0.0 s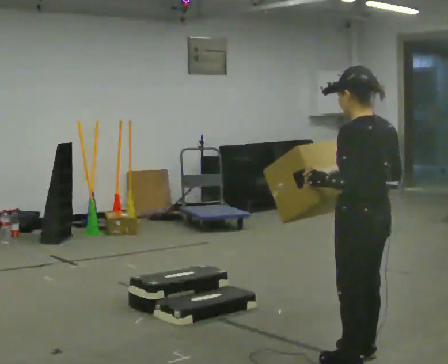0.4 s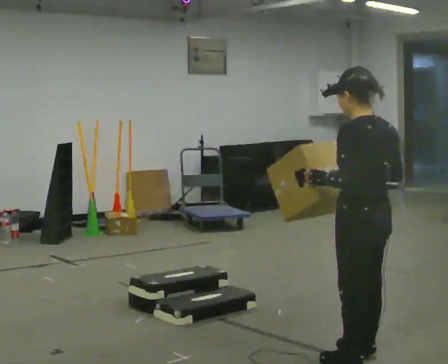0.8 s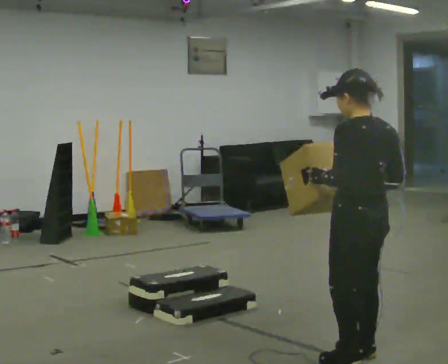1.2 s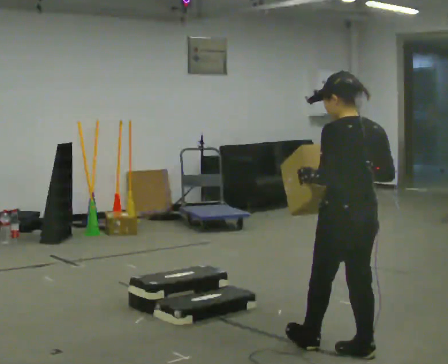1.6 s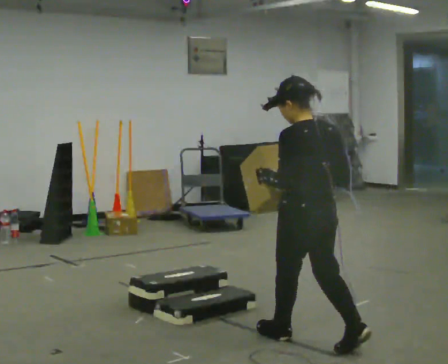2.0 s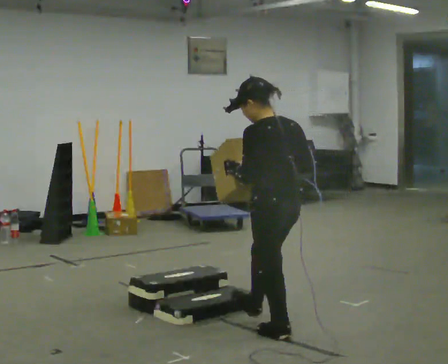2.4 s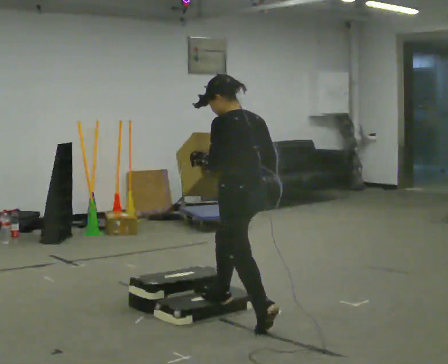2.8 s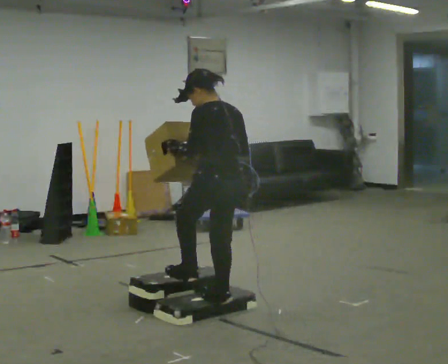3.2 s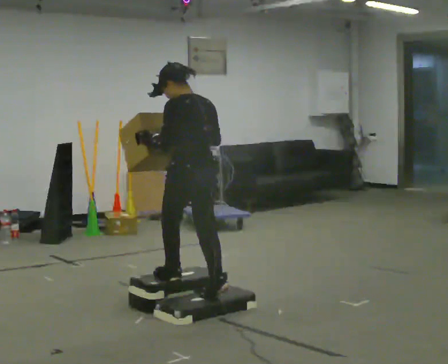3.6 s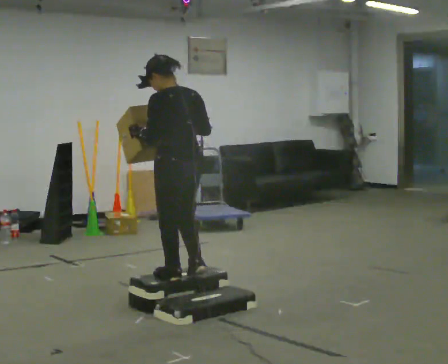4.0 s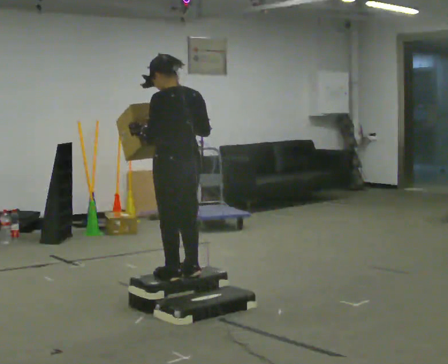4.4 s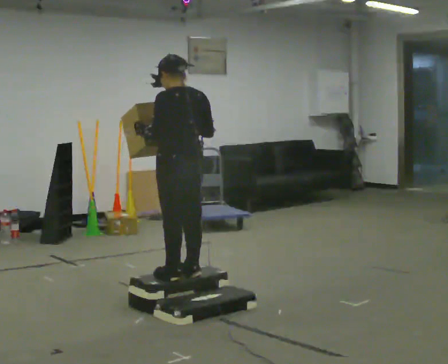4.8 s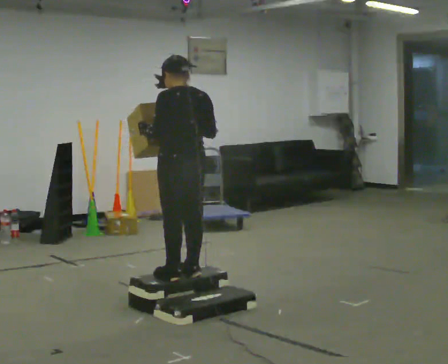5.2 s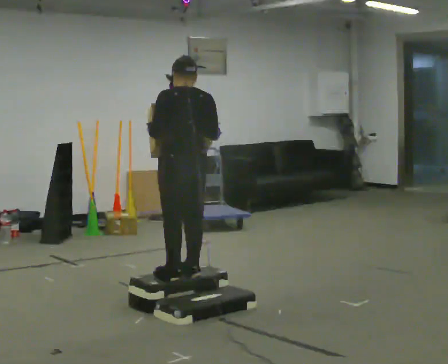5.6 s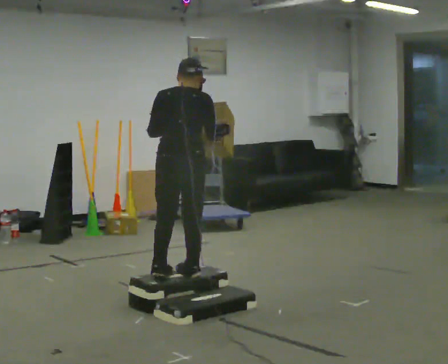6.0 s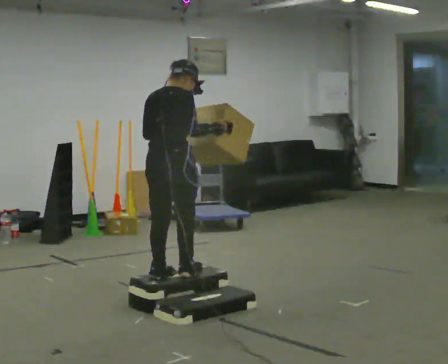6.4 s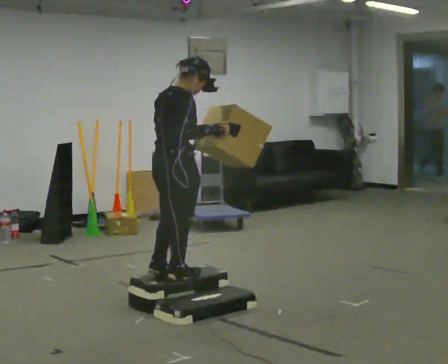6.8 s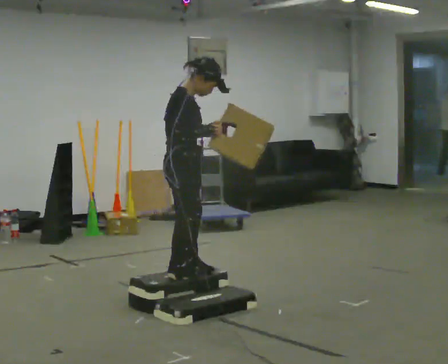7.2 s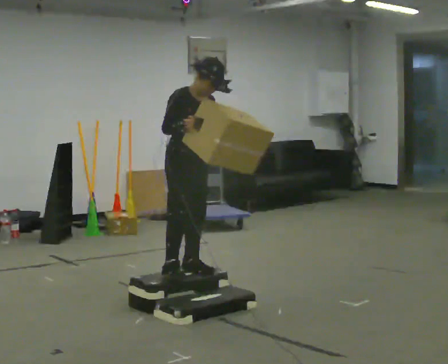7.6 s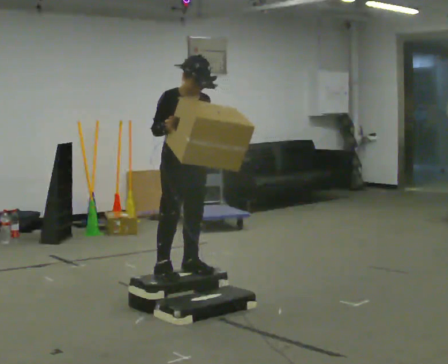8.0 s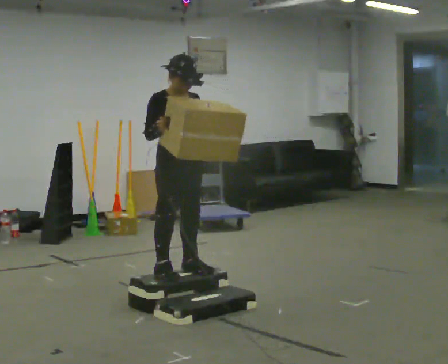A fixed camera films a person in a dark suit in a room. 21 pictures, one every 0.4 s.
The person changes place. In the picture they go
away from the camera.
The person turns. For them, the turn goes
to their right.
0.0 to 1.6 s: In the picture they go away from the camera and to the left, about 0.5 m in 1 step, which for them is forward.
1.6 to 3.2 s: In the picture they go away from the camera and to the left, about 1 m in 2 steps, which for them is forward.
3.2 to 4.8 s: The person moves a little, or ends about where they began.
4.8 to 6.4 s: The part of the body nearest the lens slides to the left as the person turns to their right by about 90 degrees.
6.4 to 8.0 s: The part of the body nearest the lens slides to the left as the person turns to their right by about 90 degrees. In the picture their right hand goes to the left.
The film runs forward here.
